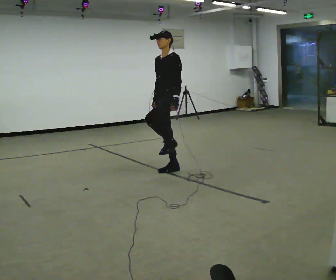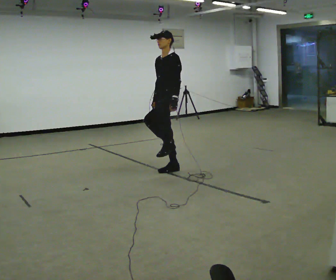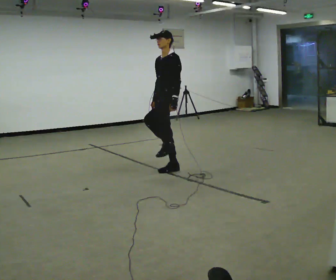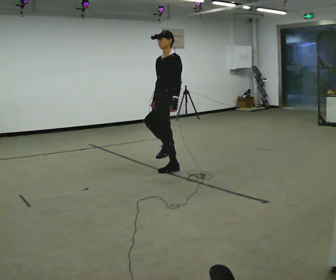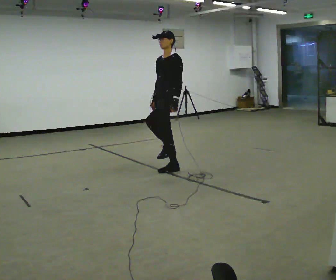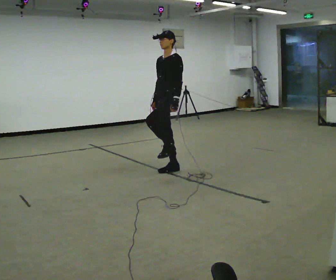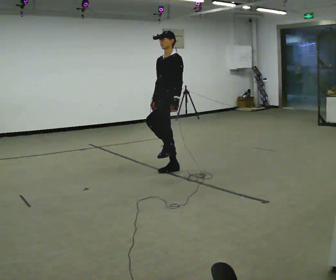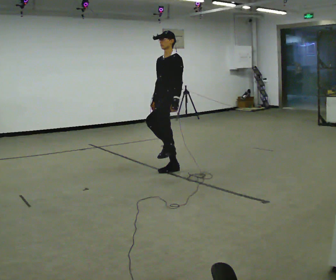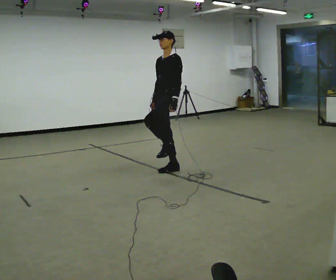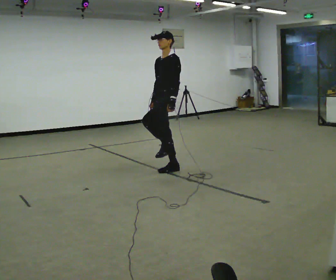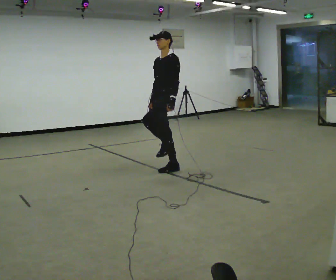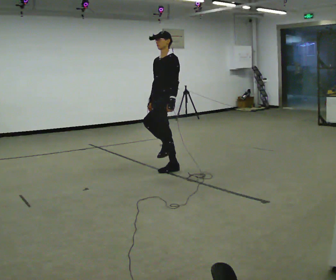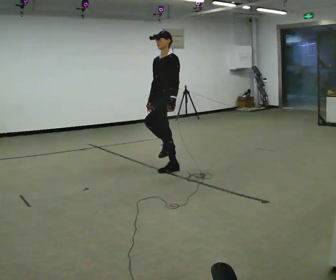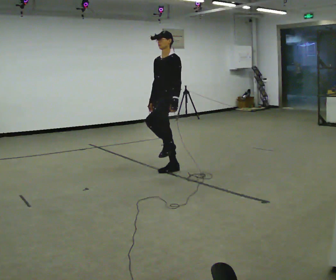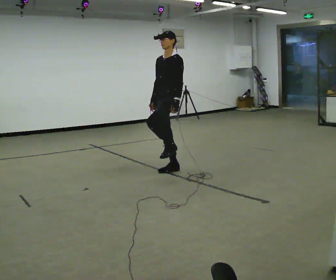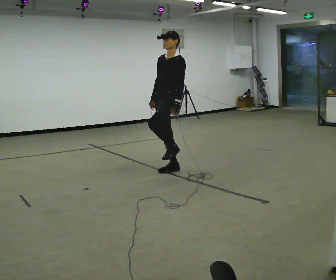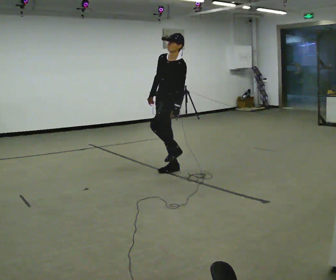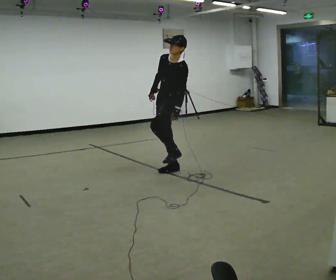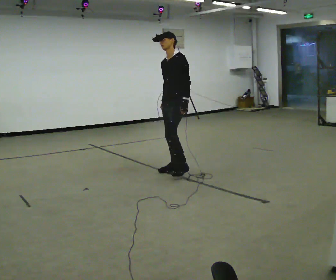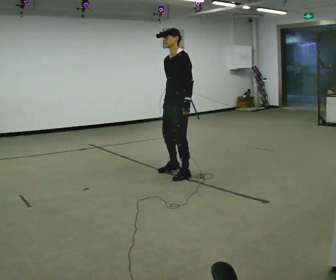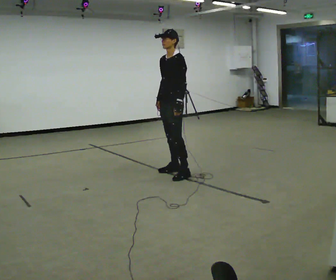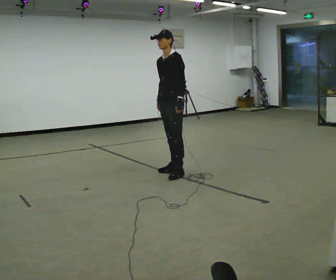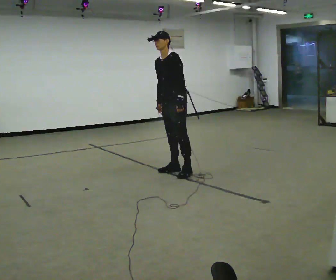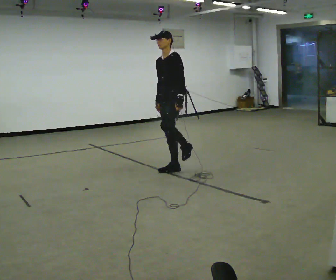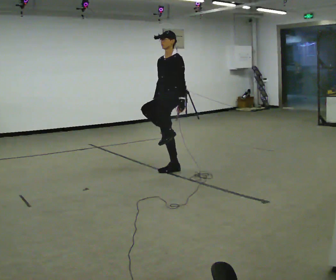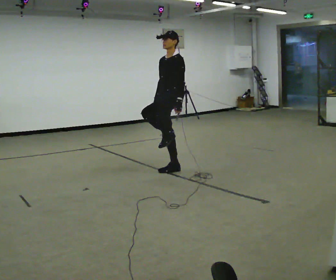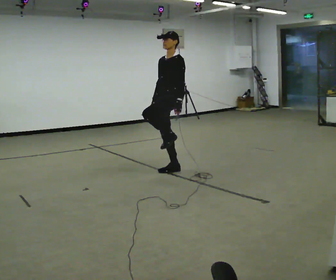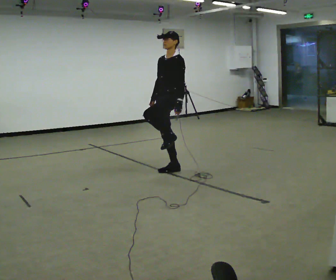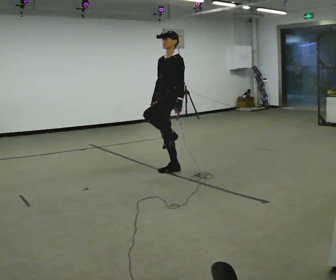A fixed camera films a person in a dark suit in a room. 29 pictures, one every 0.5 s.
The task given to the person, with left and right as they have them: Stand on one foot on the marked spot, on the side the operator calls. Hold it until you genuinely lose your balance, then put the other foot down. Repeat at your own pace until the operator says stop. Go slowly and only as far as you are comfortable. Step whenever you need to; do not try to hold on longer than feels safe.
0.0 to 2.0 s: The person moves a little, or ends about where they began.
2.0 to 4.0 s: The person keeps their place and pose.
4.0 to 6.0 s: The person moves a little, or ends about where they began.
6.0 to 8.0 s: The upper body tips toward the camera, its near side rolling downward.
8.0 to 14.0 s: The person moves a little, or ends about where they began.
The film runs forward here.
